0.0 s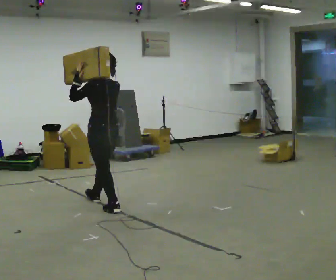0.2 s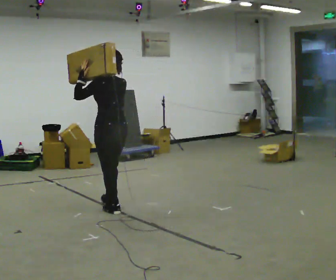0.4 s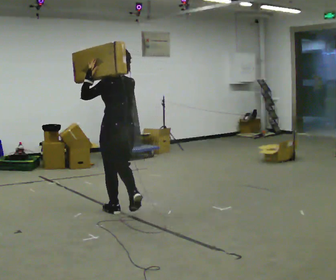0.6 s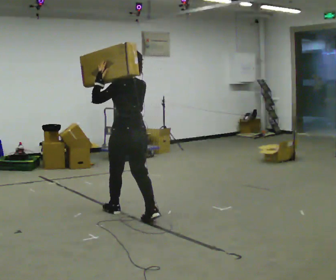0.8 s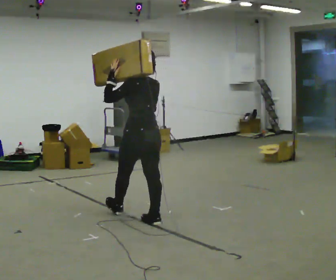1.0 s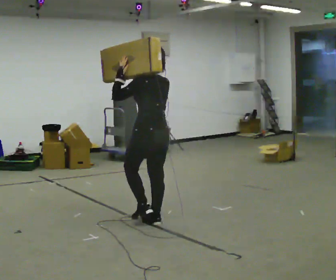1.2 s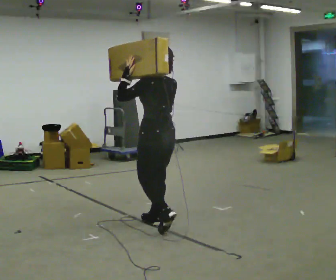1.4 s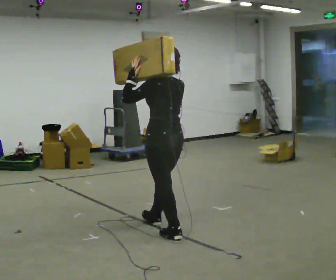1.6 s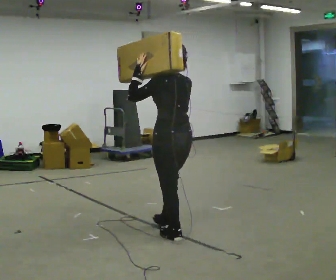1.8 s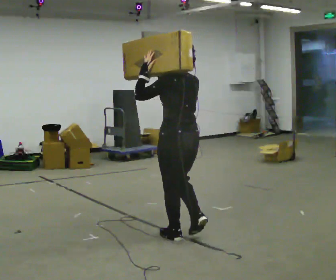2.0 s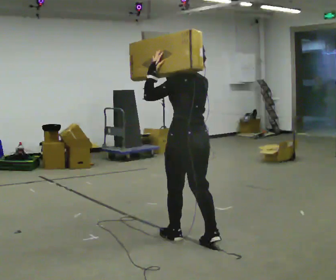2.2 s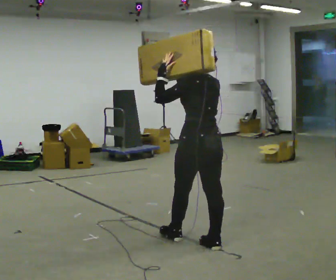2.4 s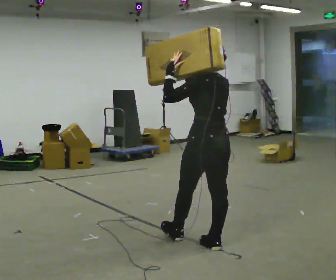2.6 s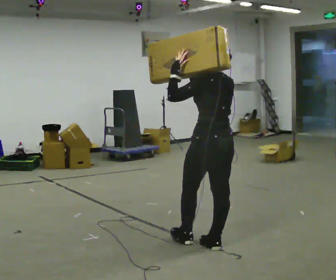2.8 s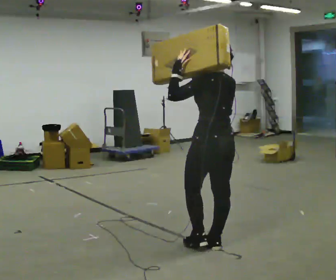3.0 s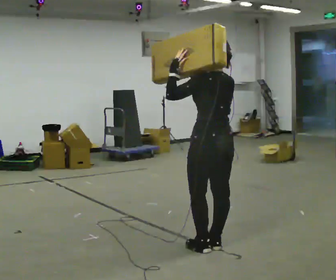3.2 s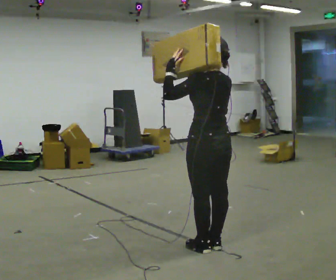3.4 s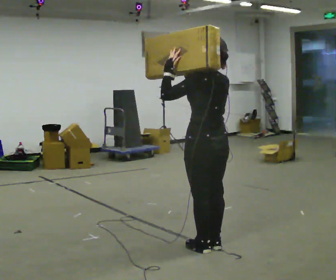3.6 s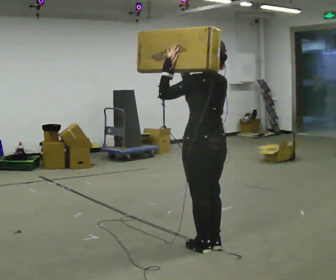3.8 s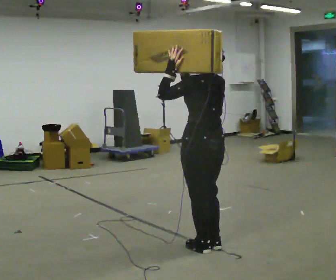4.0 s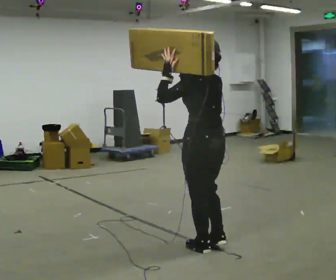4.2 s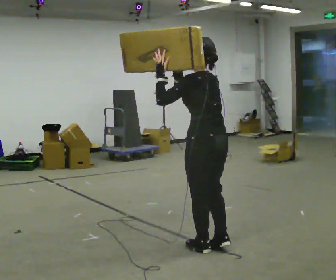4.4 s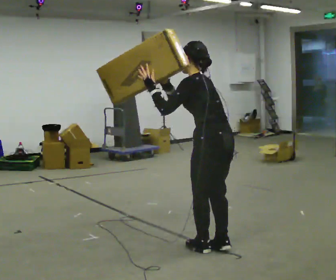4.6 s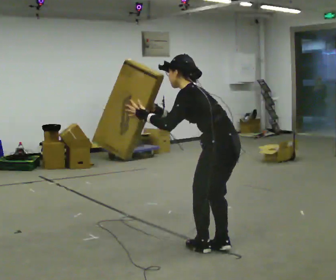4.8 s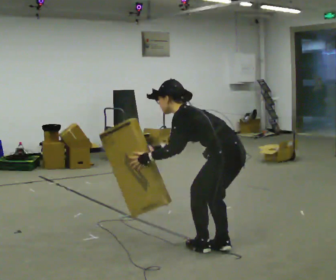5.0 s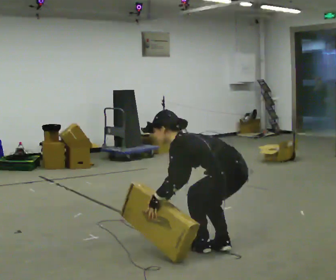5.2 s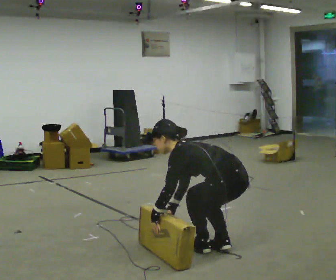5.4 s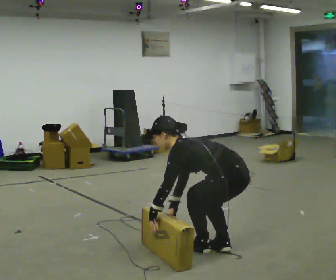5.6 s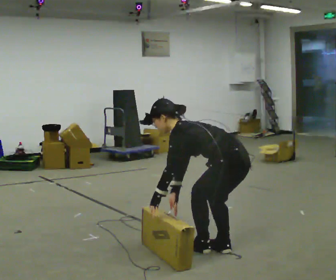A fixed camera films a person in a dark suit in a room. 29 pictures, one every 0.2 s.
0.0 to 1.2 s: In the picture they go toward the camera and to the right, about 1 m in 2 steps, which for them is backward.
1.2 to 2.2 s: In the picture they go toward the camera and to the right, about 0.5 m in 1 step, which for them is backward.
2.2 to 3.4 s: The person moves a little, or ends about where they began.
3.4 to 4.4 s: In the picture the upper body tilts counterclockwise, shoulders to the left, as they bend forward.
4.4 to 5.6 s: In the picture the upper body tilts counterclockwise, shoulders to the left, as they bend forward. In the picture their right hand goes downward.
The film runs backward here.
